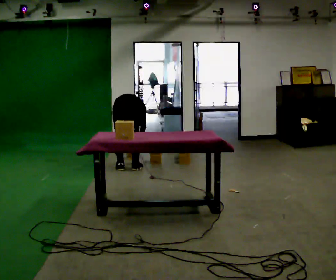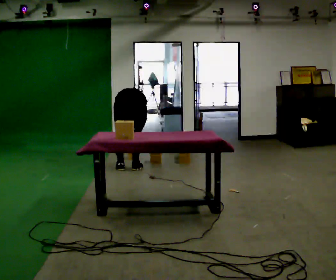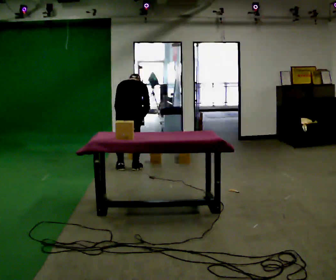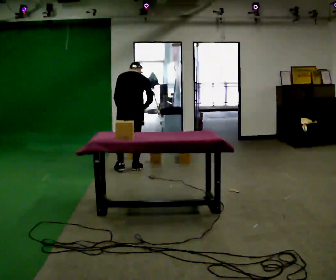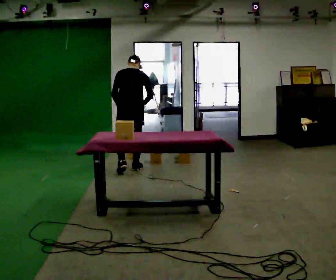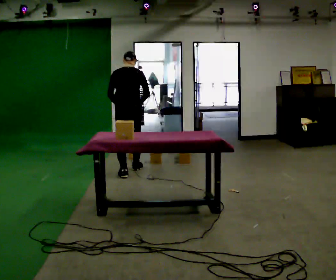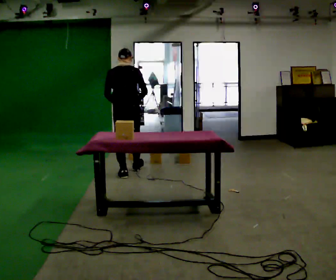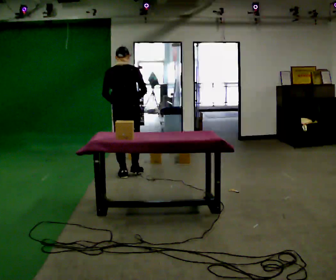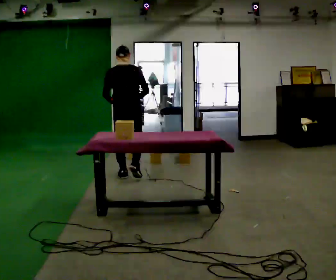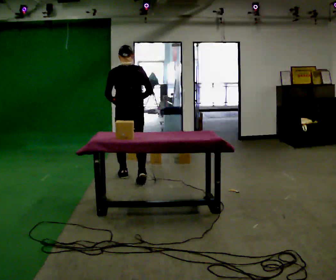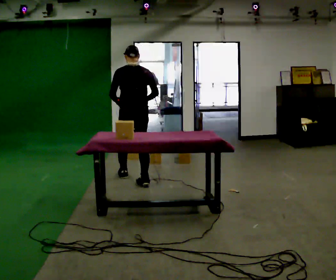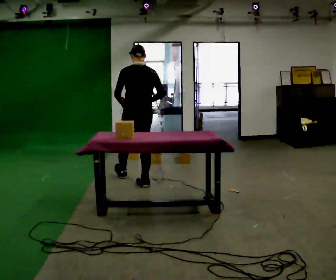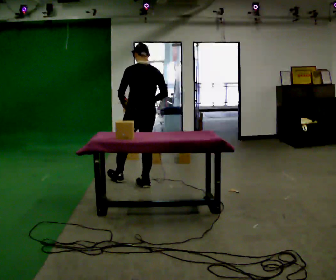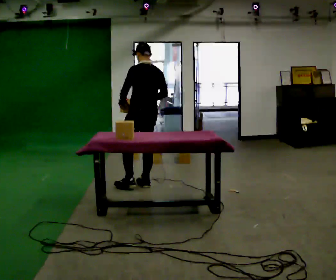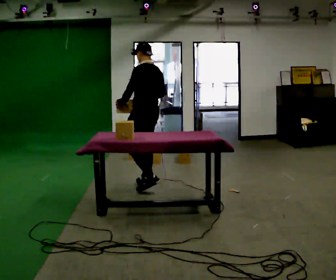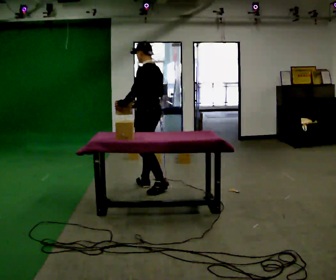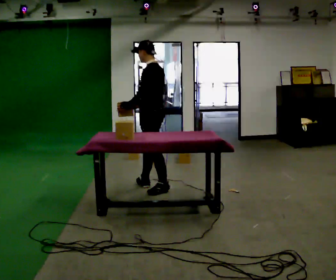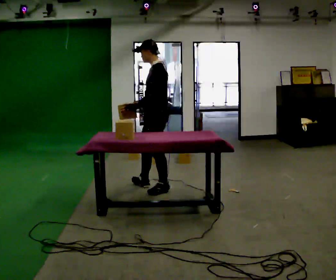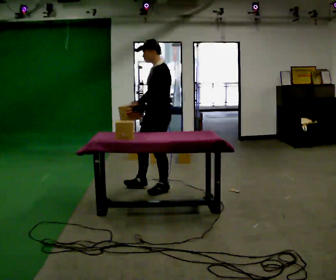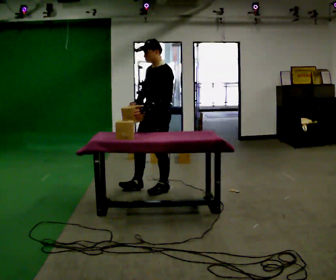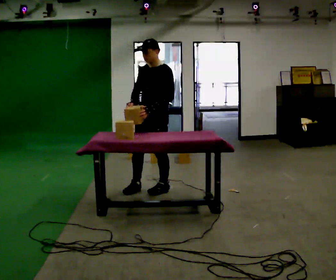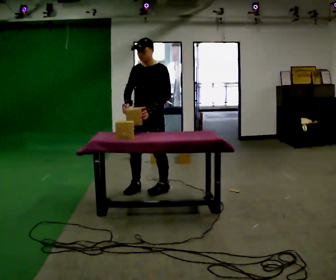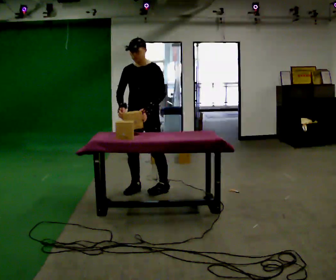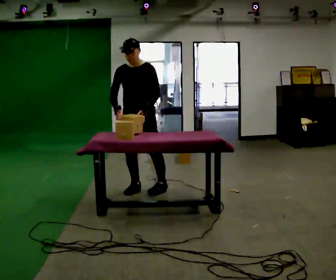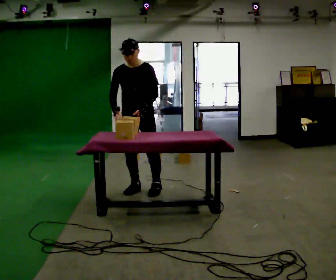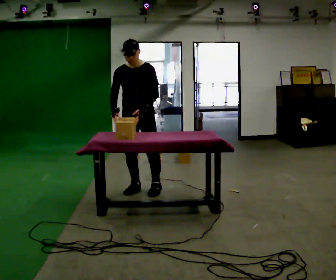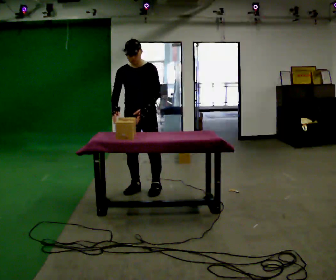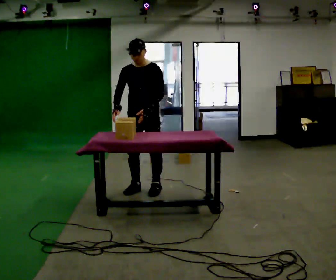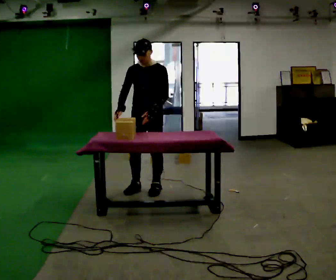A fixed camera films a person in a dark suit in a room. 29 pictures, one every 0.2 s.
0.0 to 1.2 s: In the picture they go toward the camera, about 0.25 m in 2 steps, which for them is backward. The upper body goes upward. The upper body tips toward the camera, its near side rolling downward, as they lean back or straighten. In the picture their right hand goes upward.
1.2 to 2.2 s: In the picture they go toward the camera and to the right, about 0.5 m, which for them is backward and to their right.
2.2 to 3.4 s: The person turns about 75 degrees to their left, counterclockwise seen from above, so the part of the body nearest the lens slides to the right. In the picture they go toward the camera and to the right, about 0.5 m in 1 step.
3.4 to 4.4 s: The person turns about 75 degrees to their left, counterclockwise seen from above, so the part of the body nearest the lens slides to the right.
4.4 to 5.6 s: The person moves a little, or ends about where they began.
The film runs backward here.
